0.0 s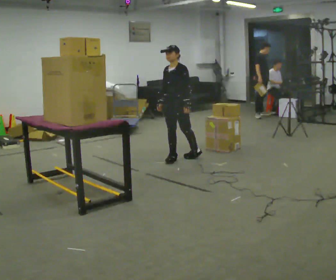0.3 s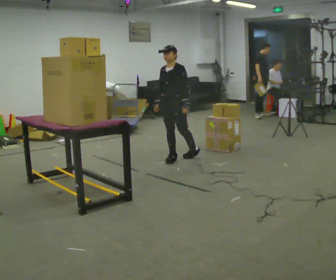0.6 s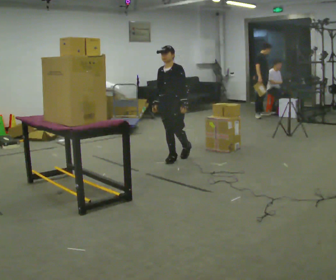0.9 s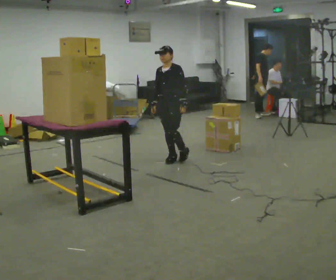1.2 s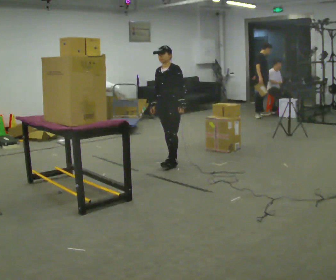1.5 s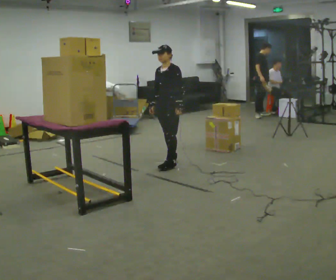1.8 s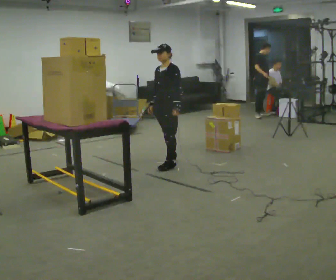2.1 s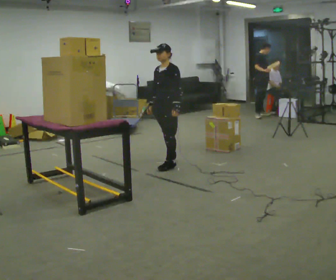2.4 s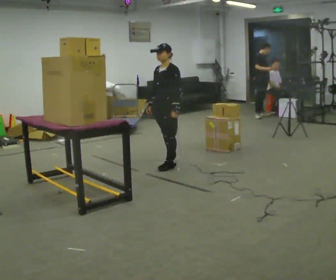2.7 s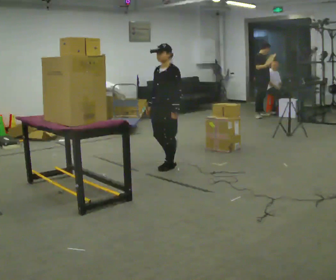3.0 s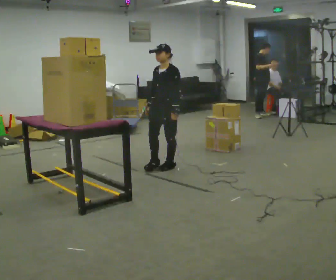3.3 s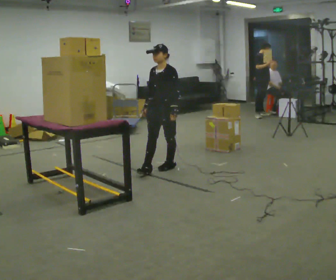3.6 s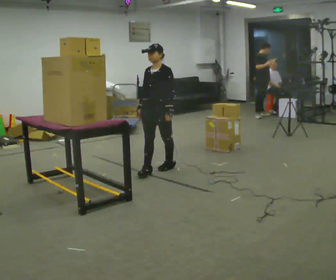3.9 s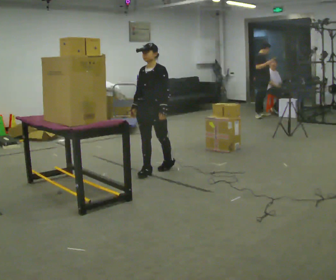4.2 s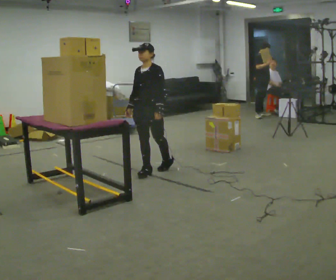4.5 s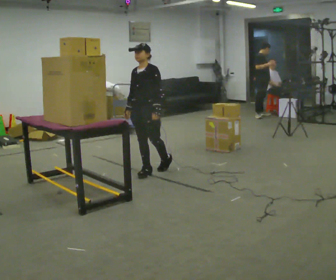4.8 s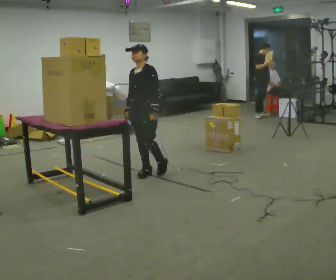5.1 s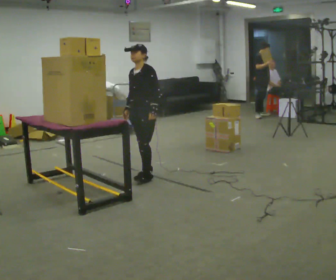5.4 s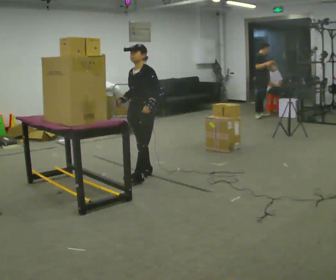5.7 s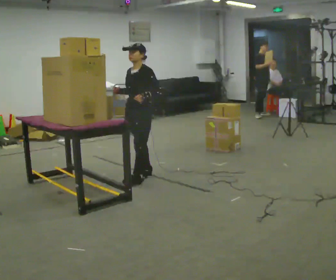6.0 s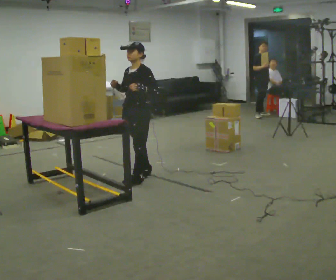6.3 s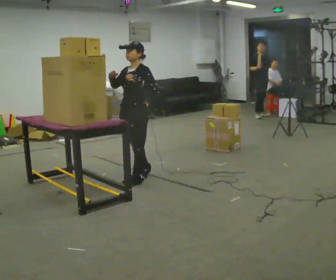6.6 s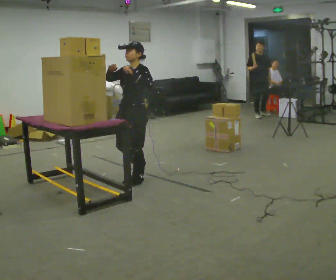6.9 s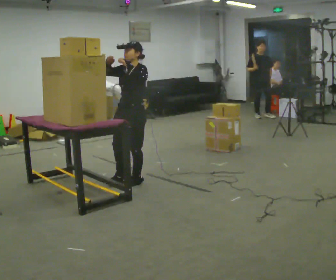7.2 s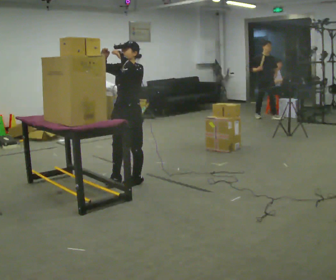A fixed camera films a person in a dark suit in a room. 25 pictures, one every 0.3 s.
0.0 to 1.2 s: The person moves a little, or ends about where they began.
1.2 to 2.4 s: In the picture they go toward the camera, about 0.25 m in 1 step, which for them is forward and to their left.
2.4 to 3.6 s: In the picture they go toward the camera, about 0.25 m in 1 step, which for them is forward.
3.6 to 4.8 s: The person moves a little, or ends about where they began.
4.8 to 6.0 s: In the picture they go toward the camera, about 0.25 m in 1 step, which for them is forward. In the picture their right hand goes upward.
6.0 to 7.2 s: The person moves a little, or ends about where they began.
The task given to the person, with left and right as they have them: Take an object down from the highest shelf you can comfortably reach, carry it across, and place it on the waist-height shelf. Keep going until the operator says stop; one object at a time, and do not rush between trips.
The film runs forward here.
